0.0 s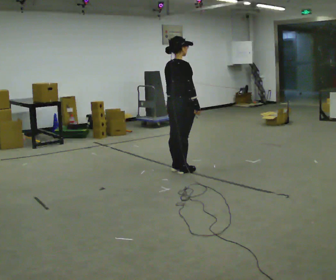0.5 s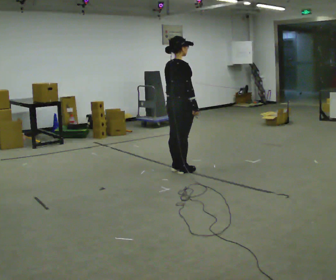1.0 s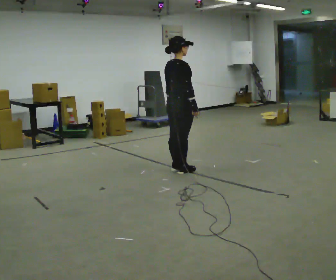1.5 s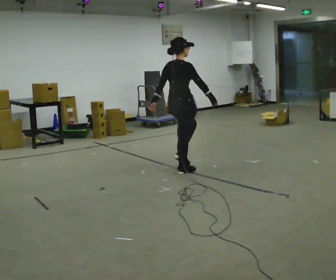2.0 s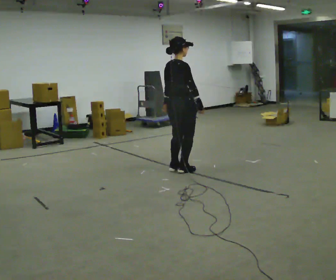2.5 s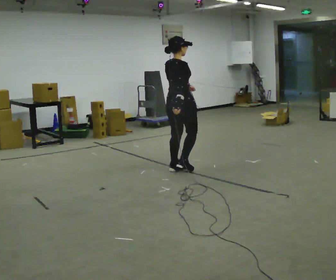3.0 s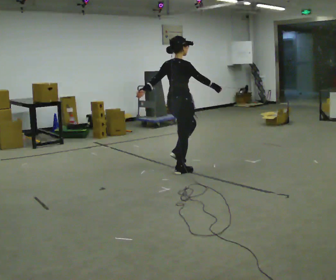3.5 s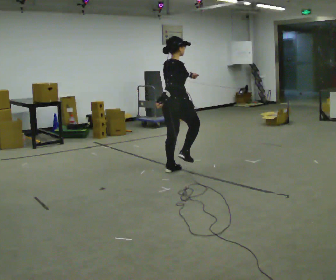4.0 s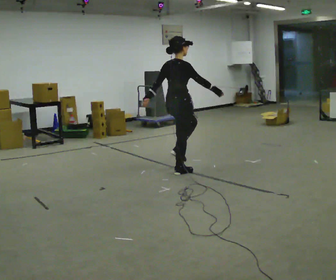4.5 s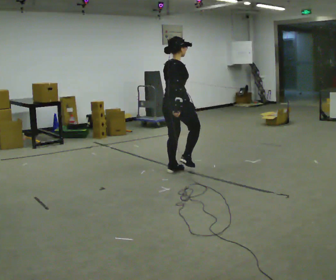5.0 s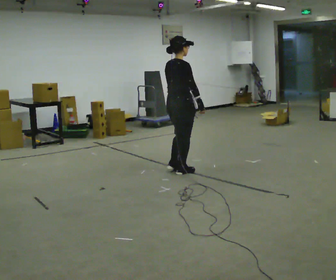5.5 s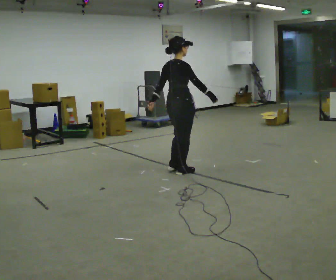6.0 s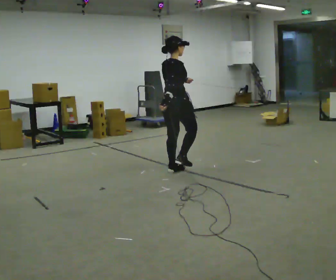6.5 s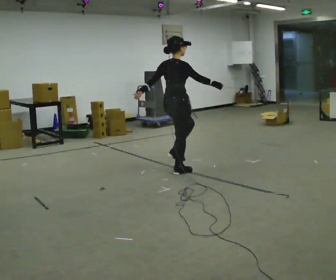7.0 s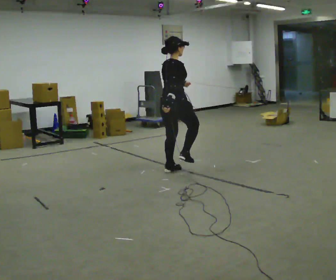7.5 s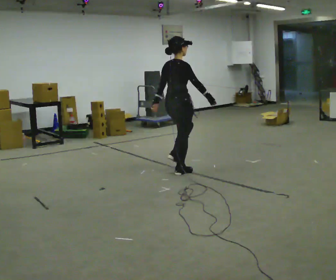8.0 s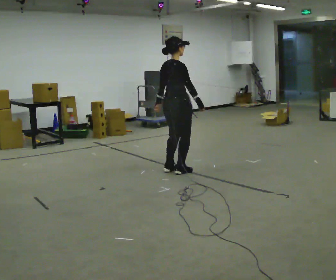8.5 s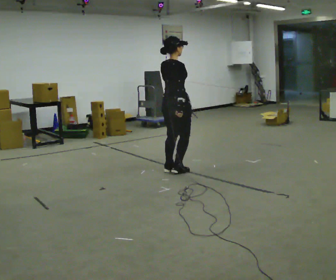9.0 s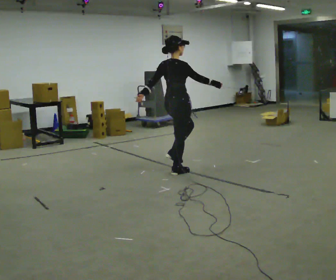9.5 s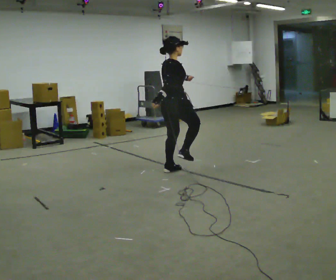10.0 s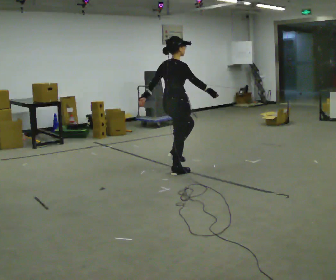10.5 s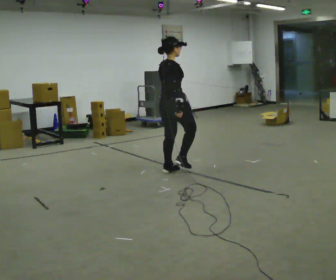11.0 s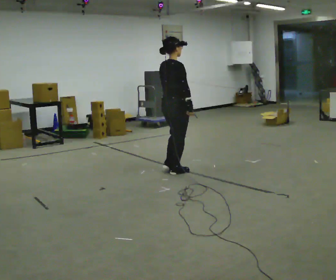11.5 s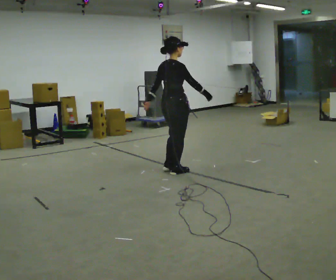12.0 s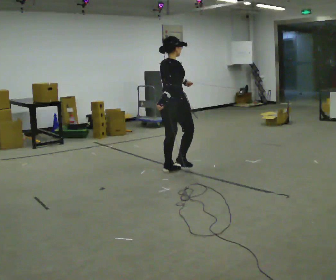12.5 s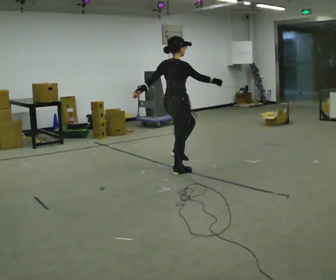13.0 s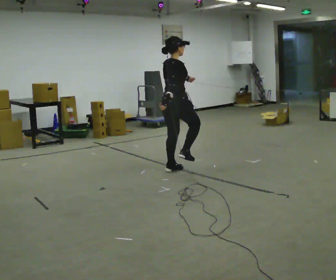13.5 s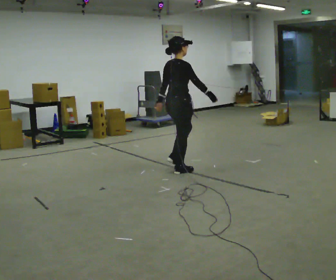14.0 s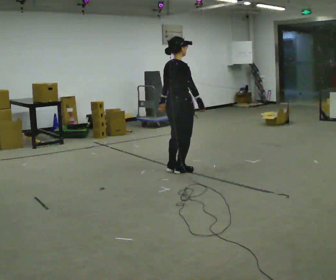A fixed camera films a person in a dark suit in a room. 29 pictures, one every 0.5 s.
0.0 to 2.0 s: The person moves a little, or ends about where they began.
2.0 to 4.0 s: In the picture their left hand goes to the left.
4.0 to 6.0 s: In the picture their left hand goes to the right.
6.0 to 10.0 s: In the picture their left hand goes to the left.
10.0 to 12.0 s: In the picture their left hand goes to the right.
12.0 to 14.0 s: The person moves a little, or ends about where they began.
The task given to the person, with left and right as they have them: March in place at a comfortable rhythm without moving forward; stop.
The film runs forward here.
